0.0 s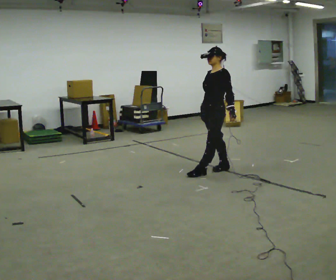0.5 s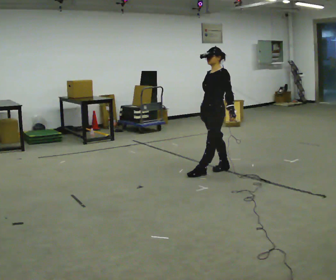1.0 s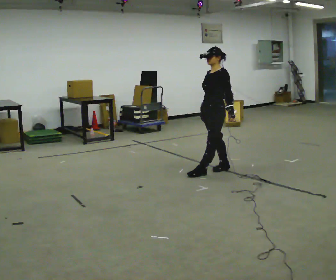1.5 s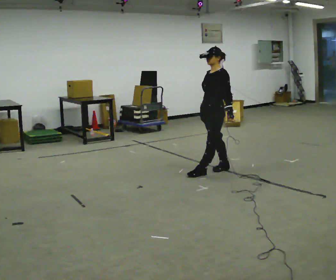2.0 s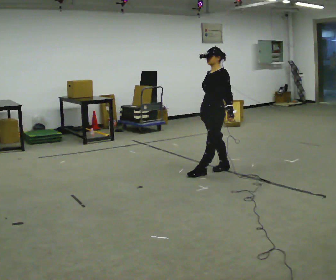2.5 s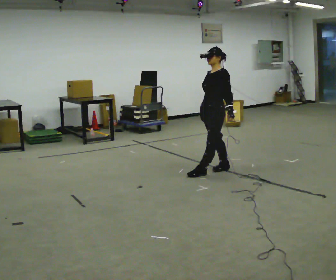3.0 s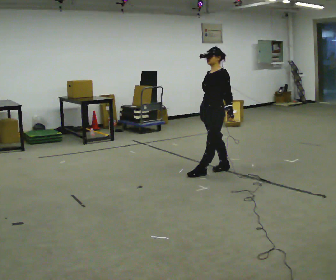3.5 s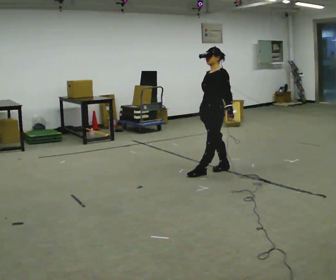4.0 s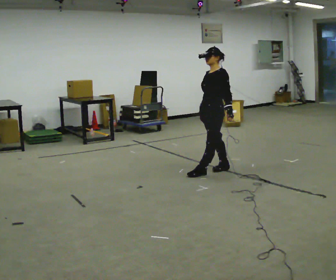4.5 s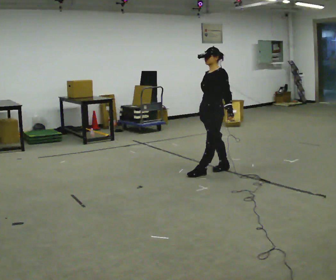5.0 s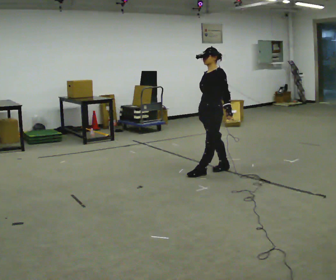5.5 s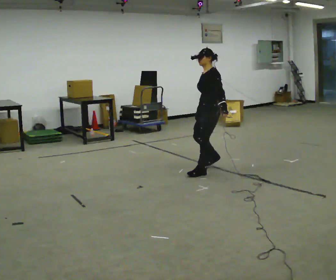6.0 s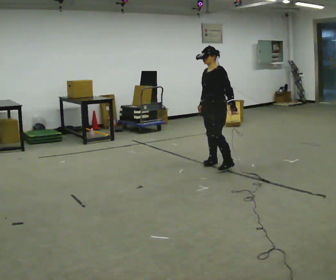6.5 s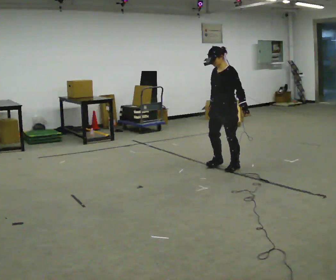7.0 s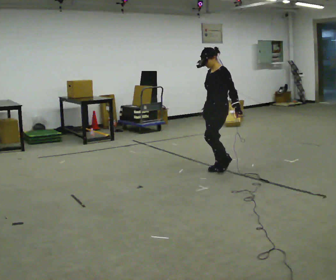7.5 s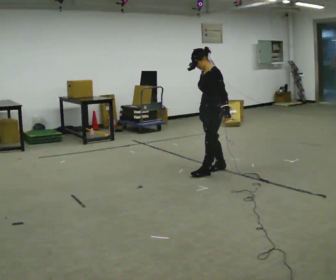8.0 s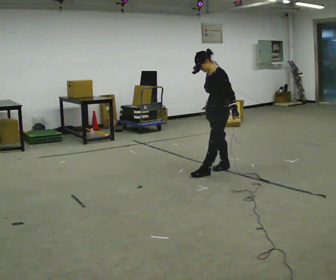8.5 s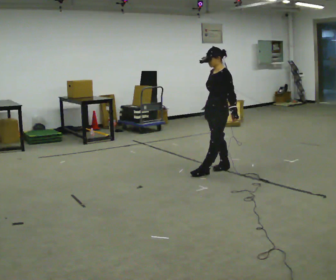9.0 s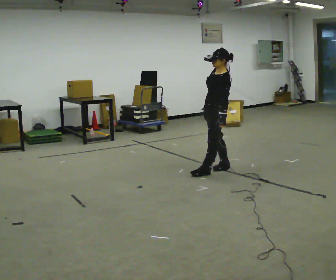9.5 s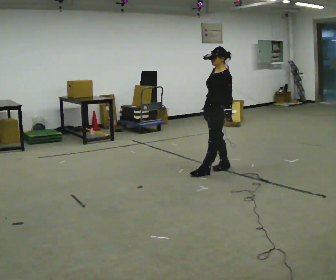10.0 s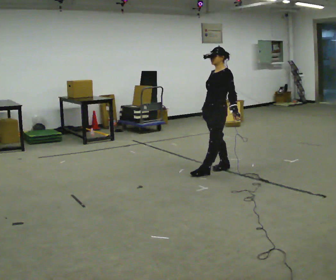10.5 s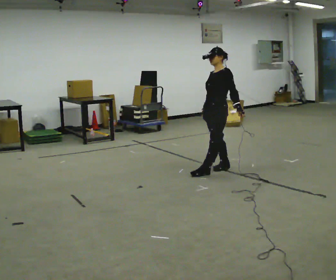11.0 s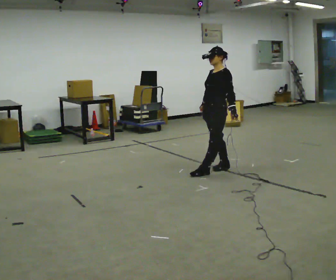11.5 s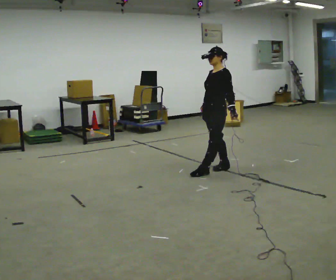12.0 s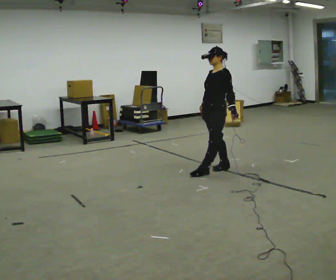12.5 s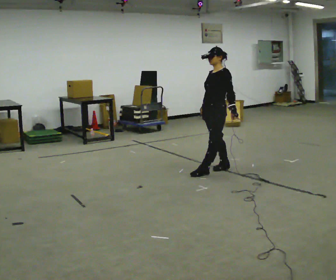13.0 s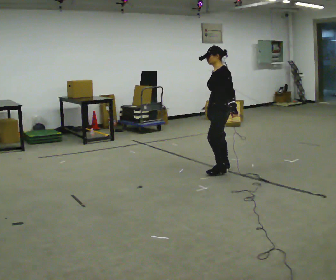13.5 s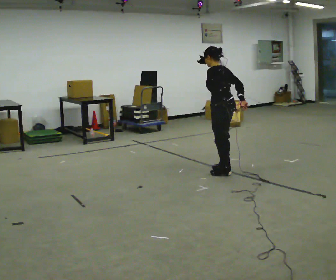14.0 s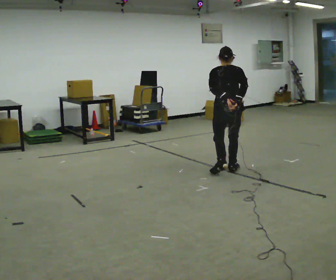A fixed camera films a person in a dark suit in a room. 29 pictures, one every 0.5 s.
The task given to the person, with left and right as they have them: Stand with one foot directly in front of the other, heel to toe, on the marked line. Hold your balance until you lose it, then step out. Repeat at your own pace until the operator says stop. Go slowly and only as far as you are comfortable. Step whenever you need to; do not try to hold on longer than feels safe.
0.0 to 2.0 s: The person moves a little, or ends about where they began.
2.0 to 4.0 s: The person keeps their place and pose.
4.0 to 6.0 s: In the picture they go away from the camera, about 0.25 m in 1 step, which for them is to their right and backward.
6.0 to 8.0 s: In the picture they go toward the camera, about 0.25 m in 3 steps, which for them is to their left.
8.0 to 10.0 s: In the picture the upper body tilts clockwise, shoulders to the right, as they lean back or straighten.
10.0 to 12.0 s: The person moves a little, or ends about where they began.
12.0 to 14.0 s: Seen from above the body turns clockwise, about 120 degrees: to their right, with its near side sliding to the left. In the picture their right hand goes to the right.
The film runs forward here.
